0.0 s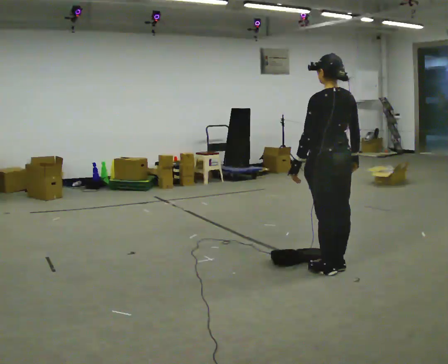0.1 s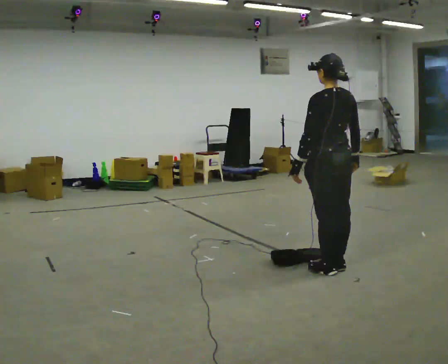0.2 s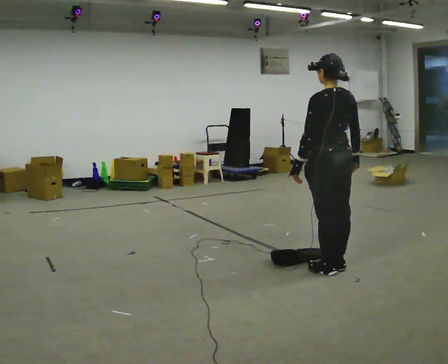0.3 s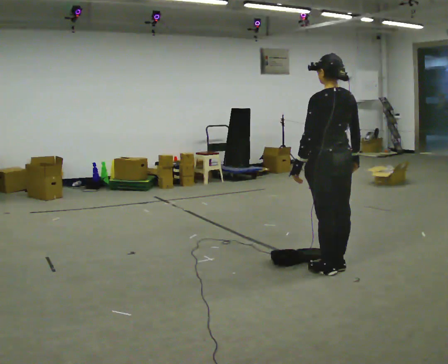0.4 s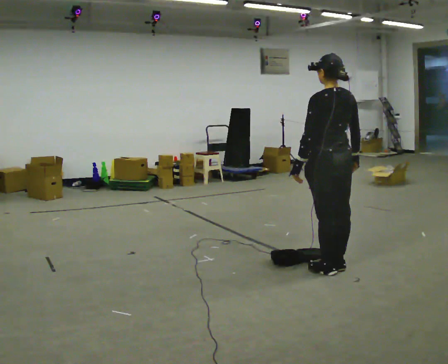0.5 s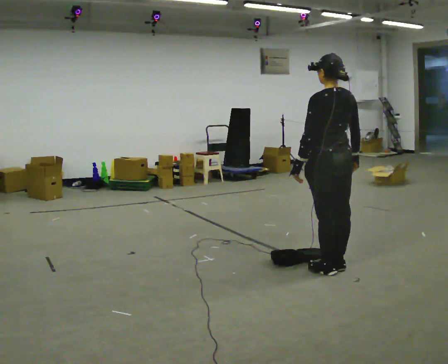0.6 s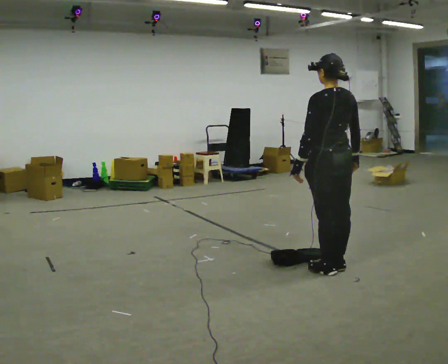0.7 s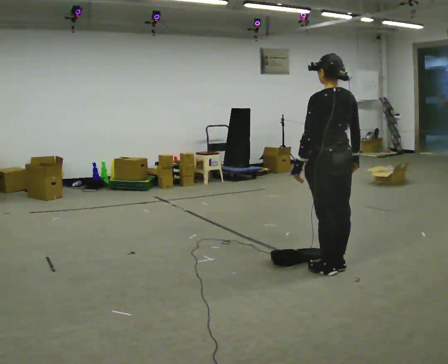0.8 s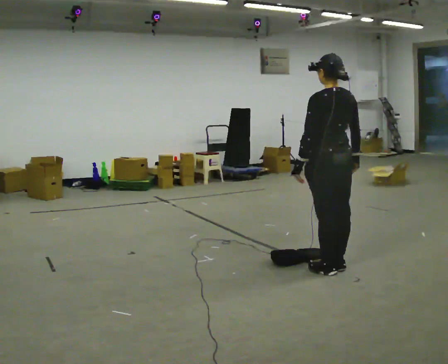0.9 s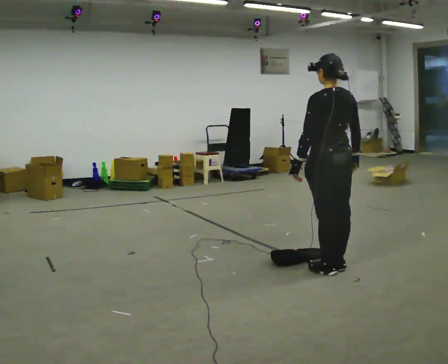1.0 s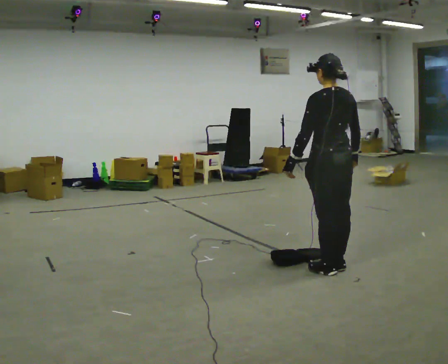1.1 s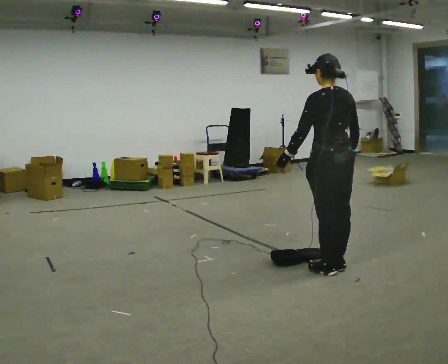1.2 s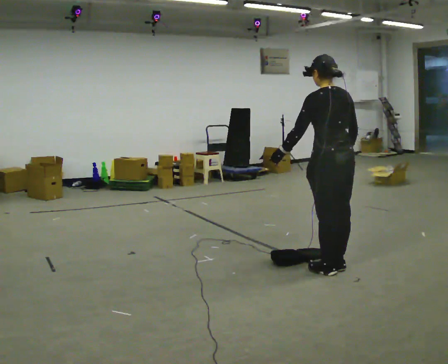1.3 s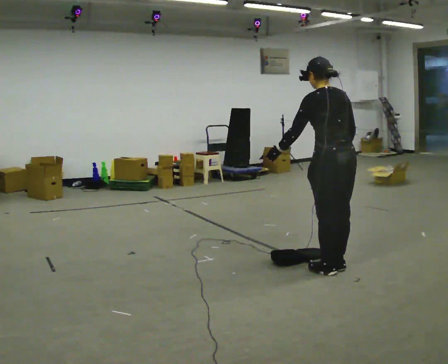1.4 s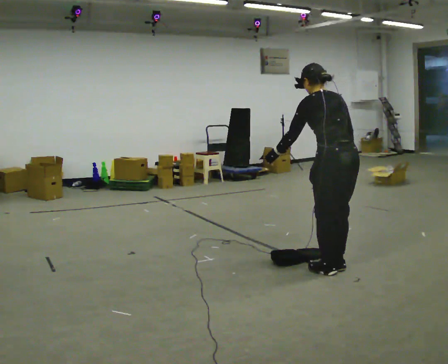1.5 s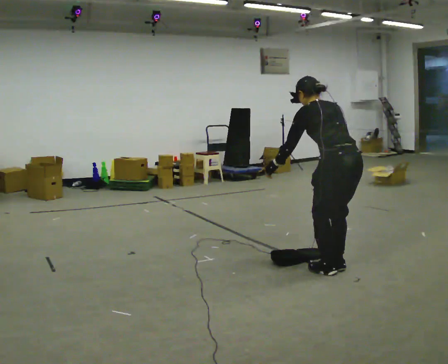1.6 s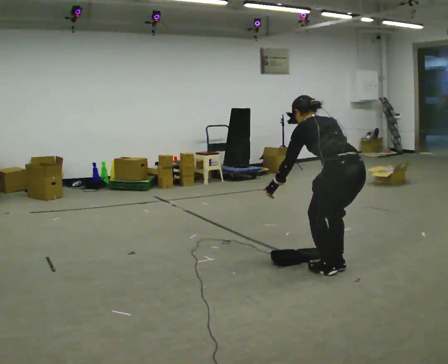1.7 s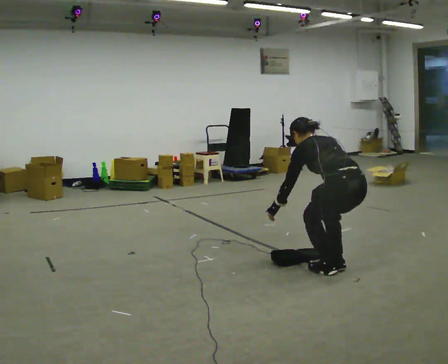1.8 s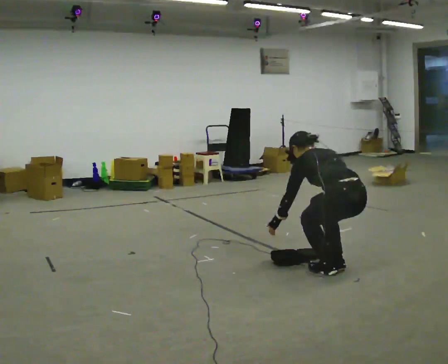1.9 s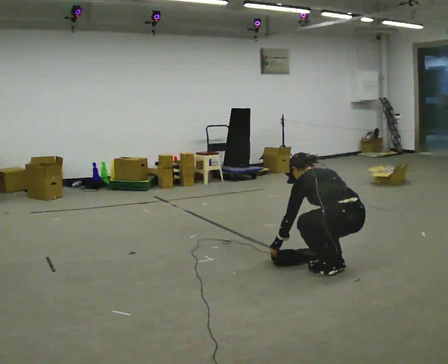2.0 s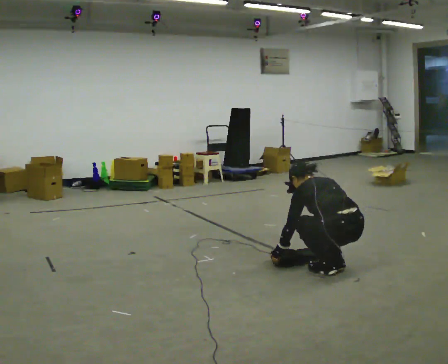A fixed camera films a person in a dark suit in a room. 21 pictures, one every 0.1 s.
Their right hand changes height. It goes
downward.
Their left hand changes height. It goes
downward.
0.0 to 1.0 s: The person moves a little, or ends about where they began.
1.0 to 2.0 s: The shoulders move downward. The upper body tips away from the camera, its near side rolling upward, as they bend forward. In the picture their left hand goes downward.
The film runs forward here.
